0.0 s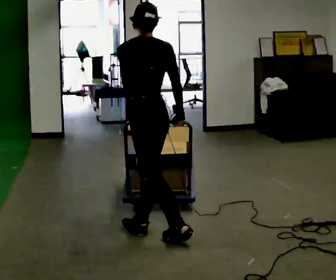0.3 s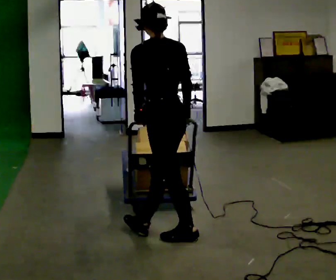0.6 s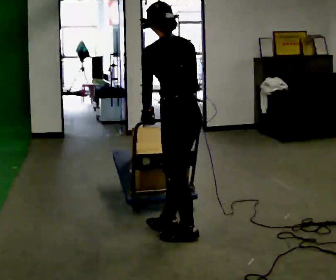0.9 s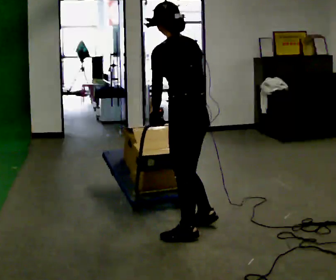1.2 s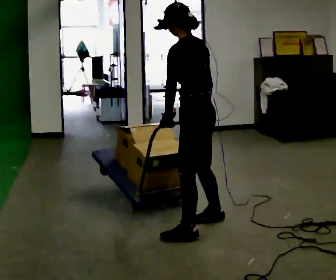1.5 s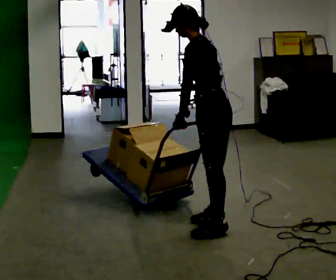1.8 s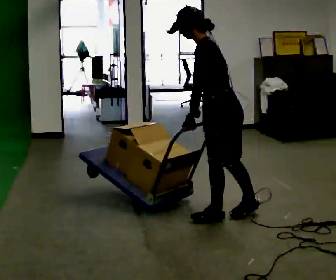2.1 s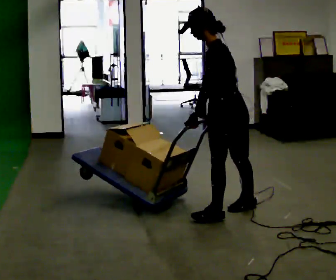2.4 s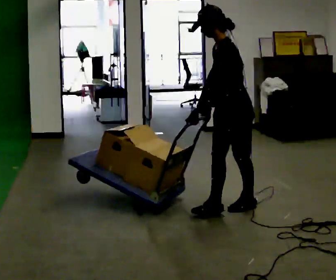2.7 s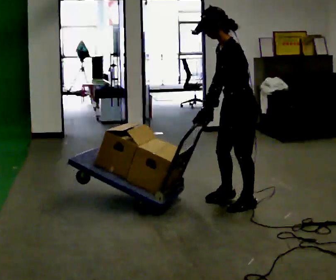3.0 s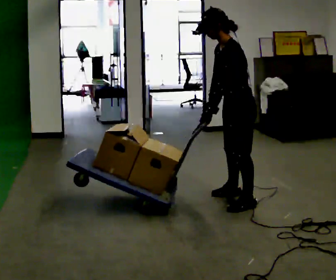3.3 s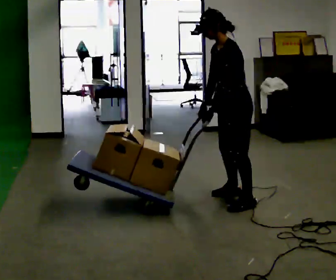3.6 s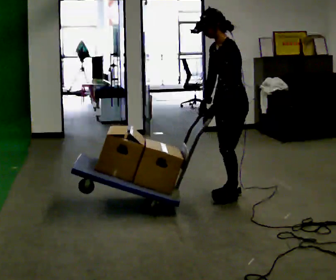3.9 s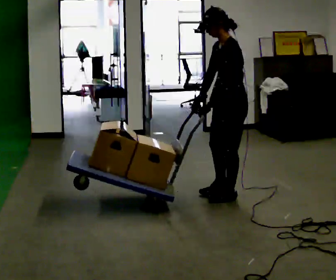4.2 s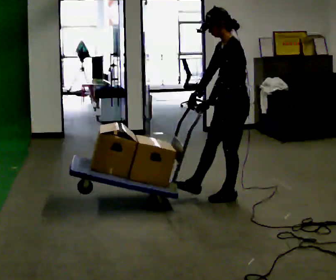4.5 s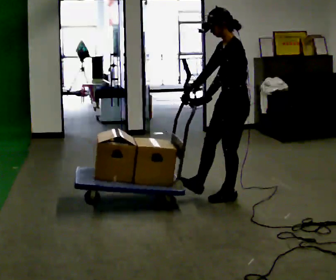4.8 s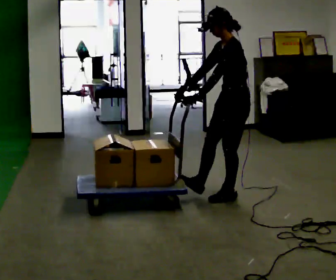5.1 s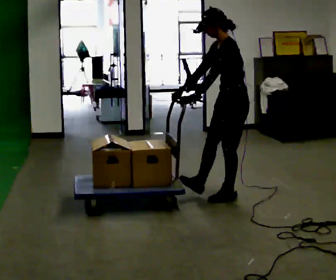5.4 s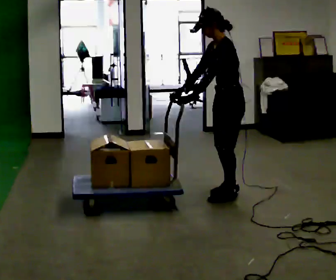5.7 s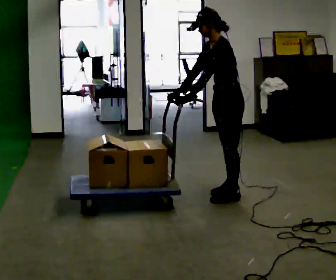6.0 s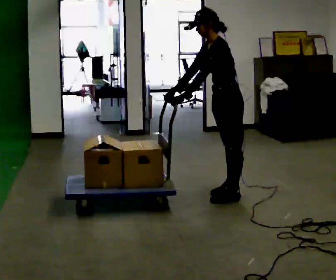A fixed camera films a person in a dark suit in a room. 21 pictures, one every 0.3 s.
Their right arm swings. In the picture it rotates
clockwise.
The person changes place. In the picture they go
away from the camera.
0.0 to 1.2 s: The part of the body nearest the lens slides to the right as the person turns to their left by about 30 degrees. In the picture they go to the right, about 0.25 m in 1 step, which for them is to their right and backward.
1.2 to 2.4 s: Seen from above the body turns counterclockwise, about 30 degrees: to their left, with its near side sliding to the right. In the picture they go away from the camera and to the right, about 0.5 m in 2 steps, which for them is to their right and backward.
2.4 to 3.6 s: In the picture they go away from the camera, about 0.25 m in 1 step, which for them is to their right.
3.6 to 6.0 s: The person moves a little, or ends about where they began.
The film runs backward here.
